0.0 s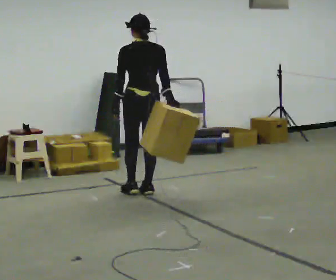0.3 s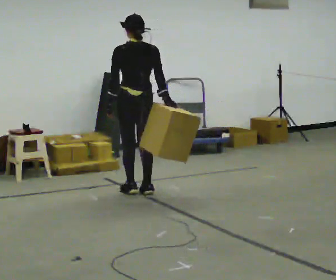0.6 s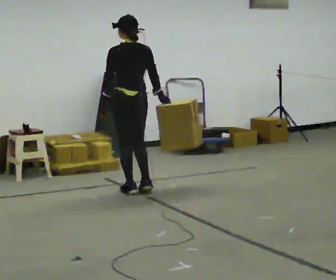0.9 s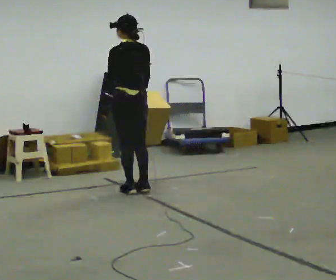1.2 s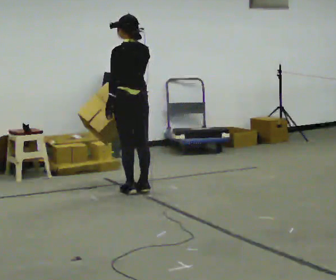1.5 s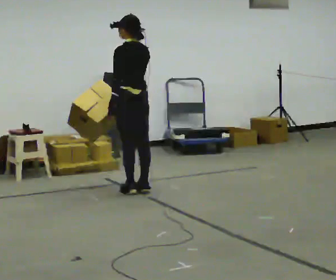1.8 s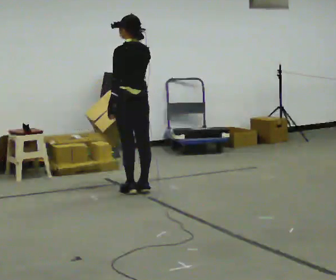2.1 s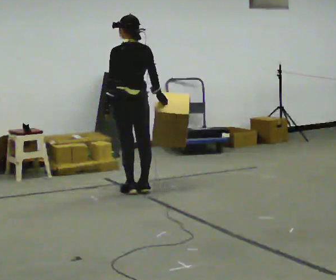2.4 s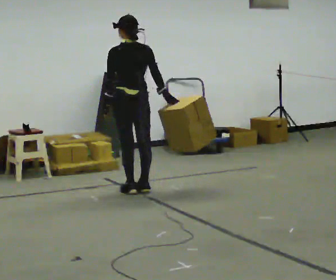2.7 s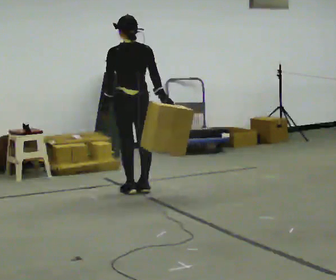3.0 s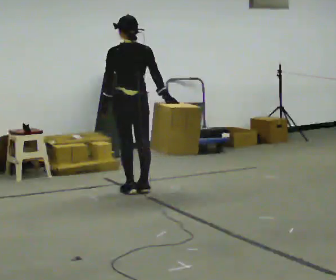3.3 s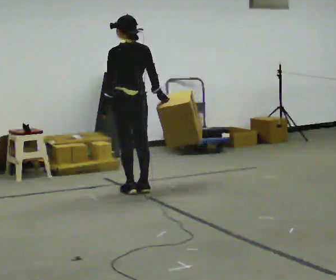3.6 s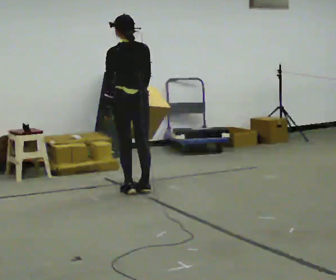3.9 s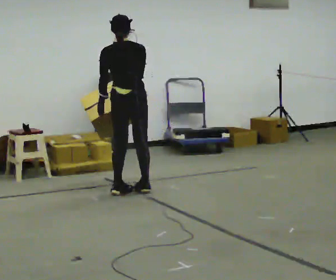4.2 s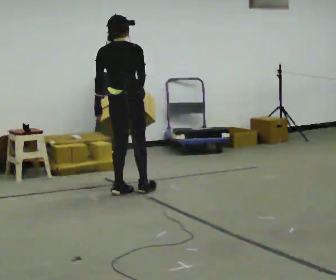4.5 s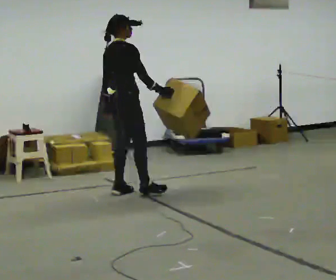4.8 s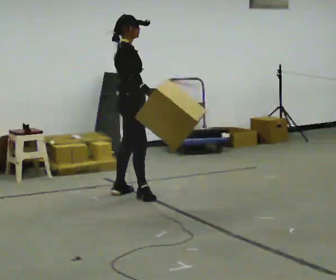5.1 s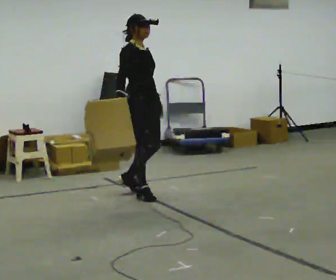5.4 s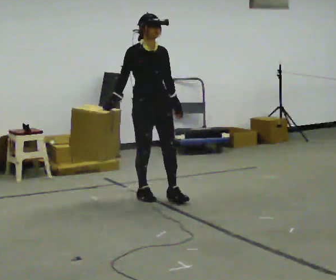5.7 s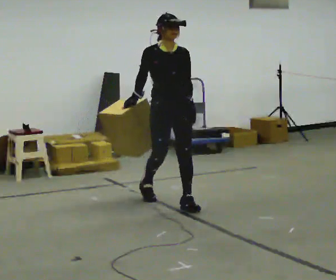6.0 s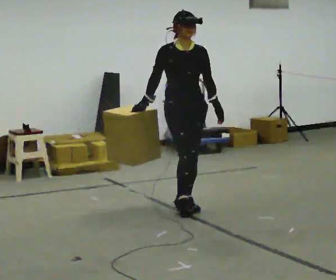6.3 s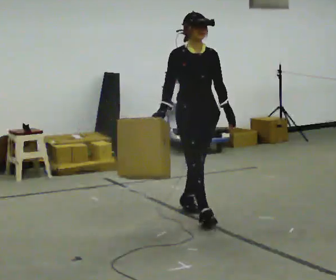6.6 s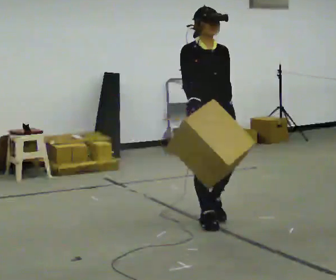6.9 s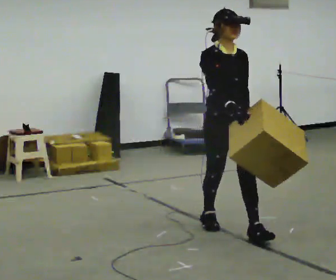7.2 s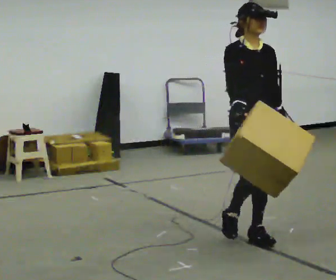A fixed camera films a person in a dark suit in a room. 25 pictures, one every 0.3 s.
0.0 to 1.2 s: In the picture their right hand goes to the left.
1.2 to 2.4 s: In the picture their right hand goes to the right.
2.4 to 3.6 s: The person moves a little, or ends about where they began.
3.6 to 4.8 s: Seen from above the body turns clockwise, about 105 degrees: to their right, with its near side sliding to the left.
4.8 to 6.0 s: The person turns about 75 degrees to their right, clockwise seen from above, so the part of the body nearest the lens slides to the left. In the picture they go toward the camera and to the right, about 0.5 m in 1 step.
6.0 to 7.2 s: In the picture they go toward the camera and to the right, about 1 m in 2 steps, which for them is forward.
The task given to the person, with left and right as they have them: Carry the object in the hand the operator calls, down at your side, walking back and forth across the room.
The film runs forward here.
